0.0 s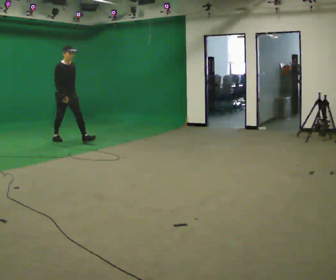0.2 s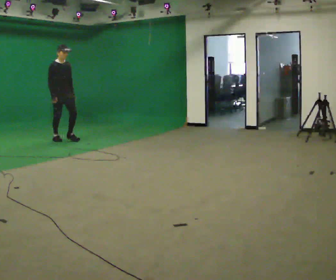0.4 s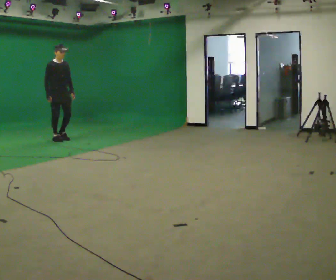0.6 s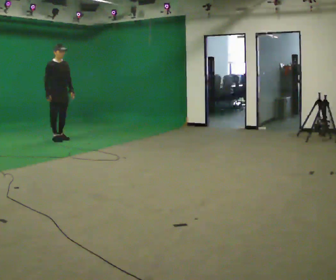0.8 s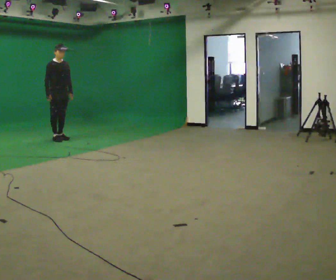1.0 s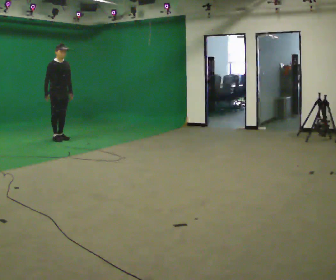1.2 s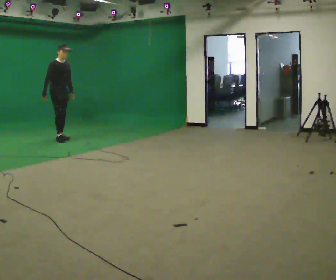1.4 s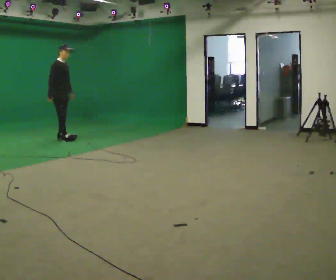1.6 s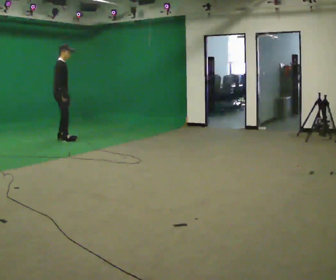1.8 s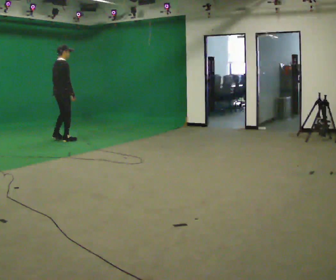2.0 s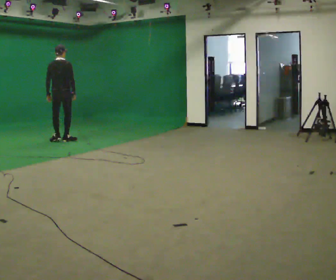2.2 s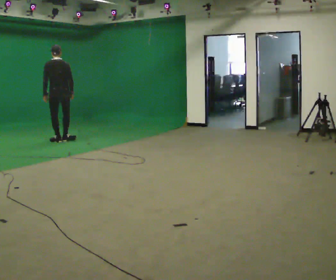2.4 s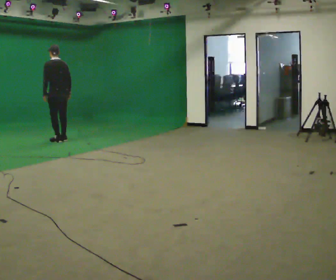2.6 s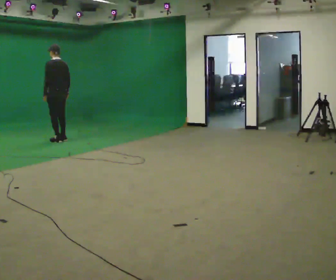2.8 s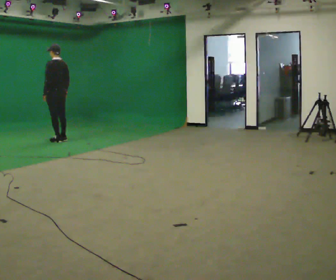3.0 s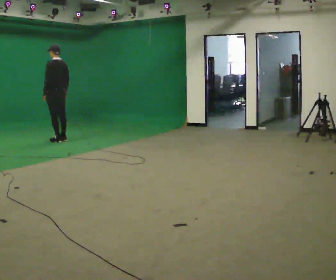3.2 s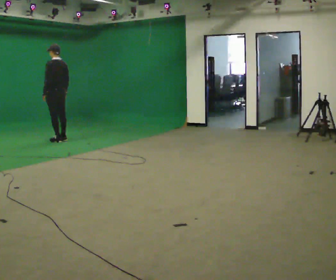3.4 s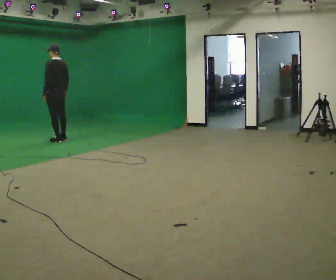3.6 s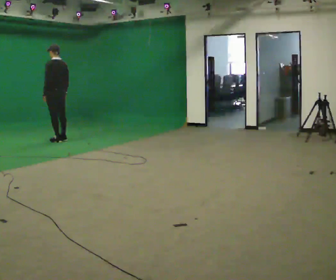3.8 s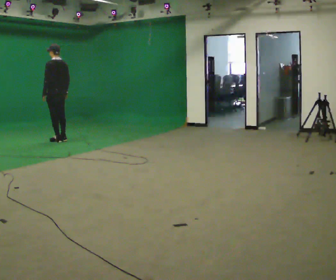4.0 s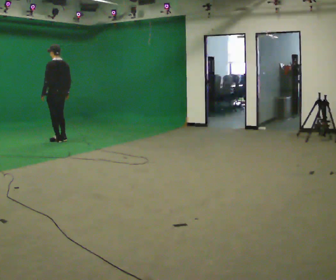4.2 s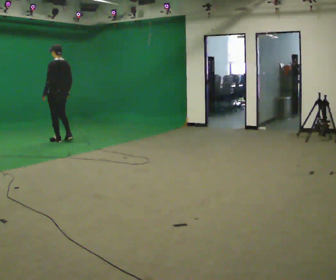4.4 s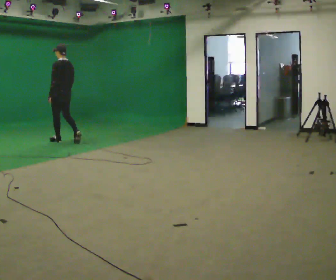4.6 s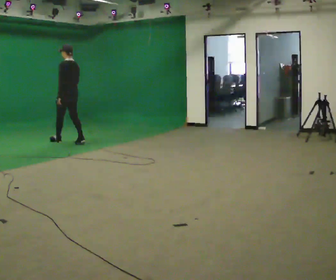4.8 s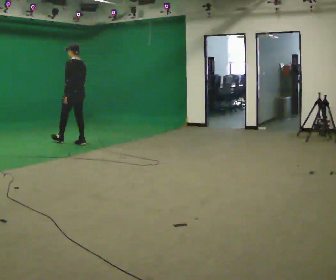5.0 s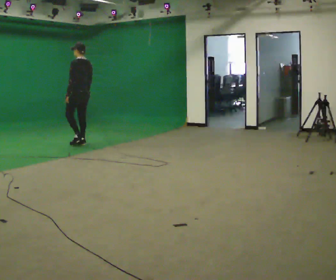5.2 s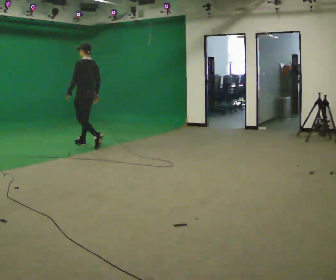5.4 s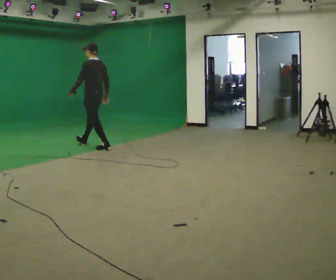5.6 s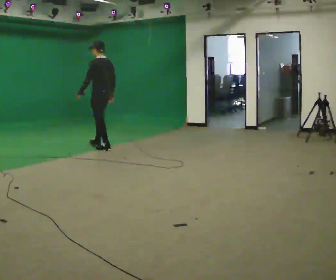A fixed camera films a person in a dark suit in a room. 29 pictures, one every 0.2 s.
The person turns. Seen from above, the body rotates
counterclockwise.
The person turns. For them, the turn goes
to their left.
0.0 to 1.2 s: In the picture they go away from the camera, about 0.25 m in 1 step, which for them is backward.
1.2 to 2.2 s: Seen from above the body turns counterclockwise, about 135 degrees: to their left, with its near side sliding to the right. In the picture they go toward the camera, about 0.25 m in 1 step. In the picture their right hand goes to the right, the arm swinging counterclockwise.
2.2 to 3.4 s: The person turns about 30 degrees to their left, counterclockwise seen from above, so the part of the body nearest the lens slides to the right.
3.4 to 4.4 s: The person moves a little, or ends about where they began.
4.4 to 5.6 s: In the picture they go toward the camera and to the right, about 1 m in 2 steps, which for them is backward.
The film runs backward here.
